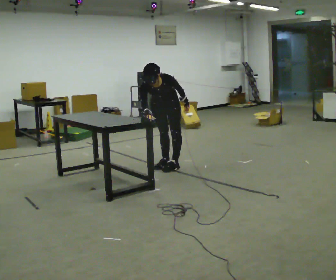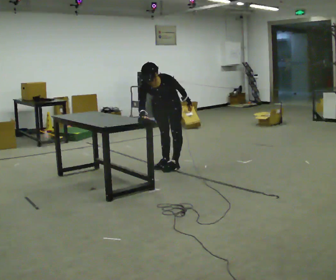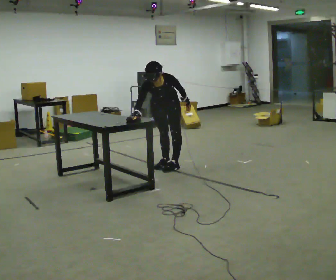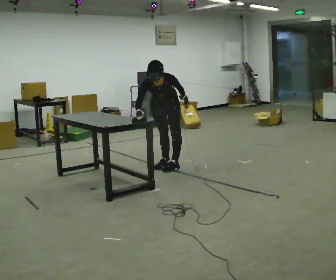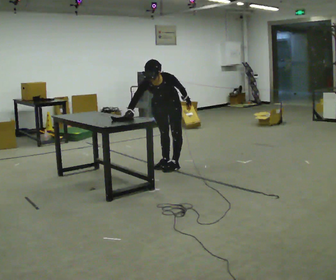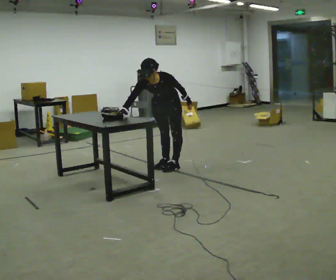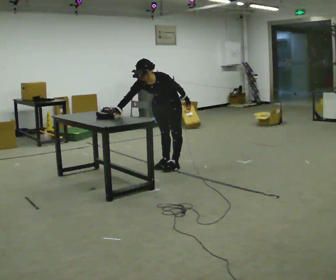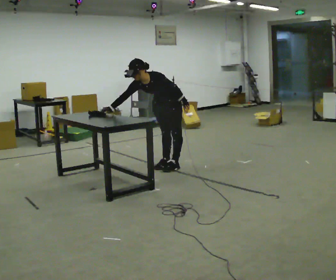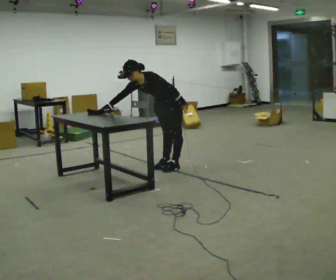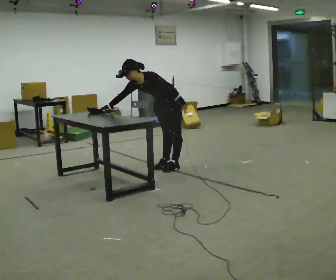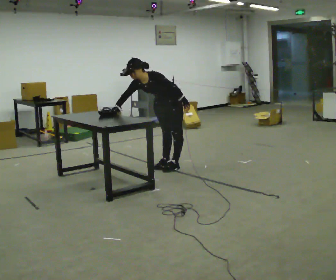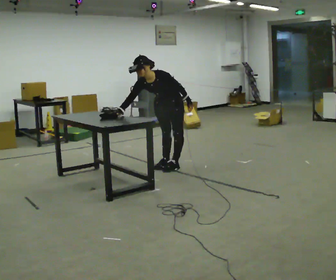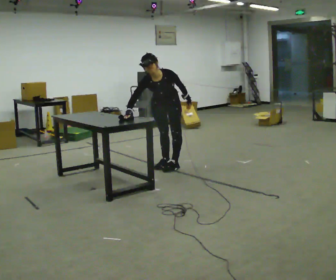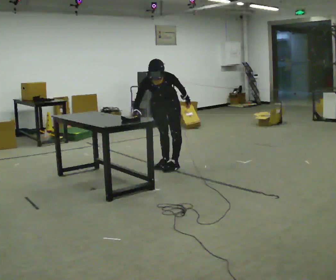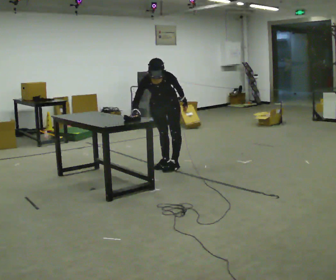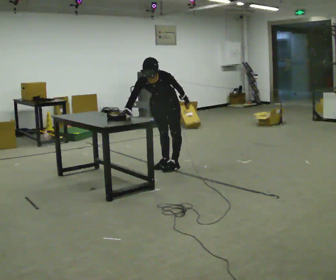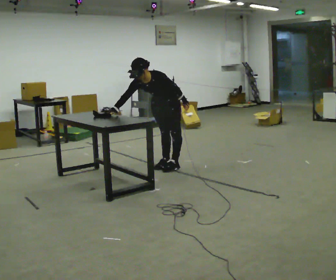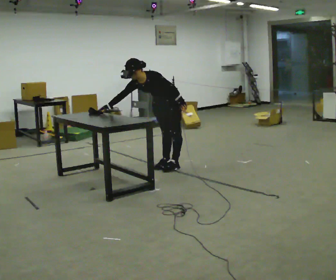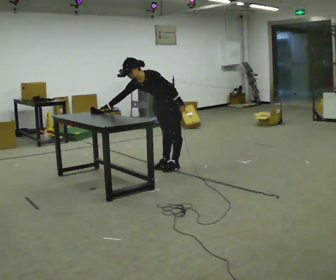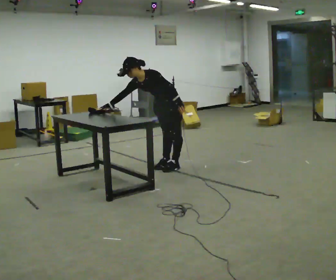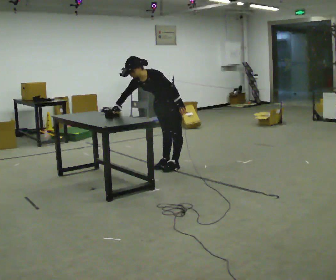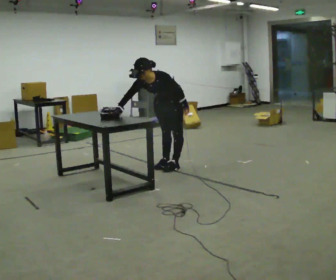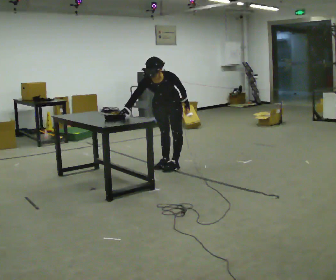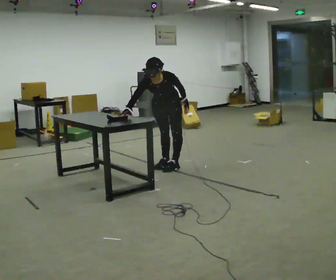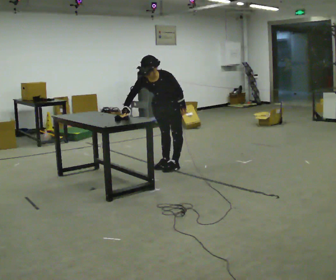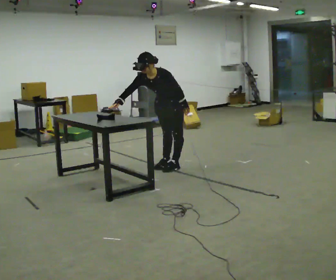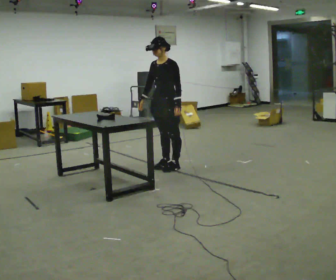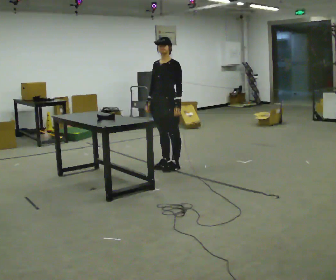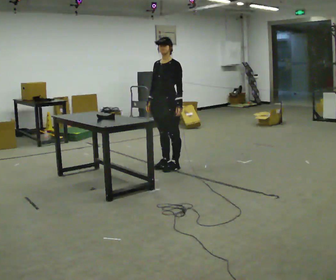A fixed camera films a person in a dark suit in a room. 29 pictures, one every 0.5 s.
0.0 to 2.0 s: The person moves a little, or ends about where they began.
2.0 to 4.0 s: The person turns about 30 degrees to their right, clockwise seen from above, so the part of the body nearest the lens slides to the left. In the picture the upper body tilts counterclockwise, shoulders to the left. In the picture their right hand goes to the left.
4.0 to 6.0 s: The person turns about 45 degrees to their left, counterclockwise seen from above, so the part of the body nearest the lens slides to the right. In the picture the upper body tilts clockwise, shoulders to the right. In the picture their right hand goes to the right.
6.0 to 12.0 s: The person moves a little, or ends about where they began.
12.0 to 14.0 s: The upper body tips away from the camera, its near side rolling upward, as they lean back or straighten.
The film runs backward here.
